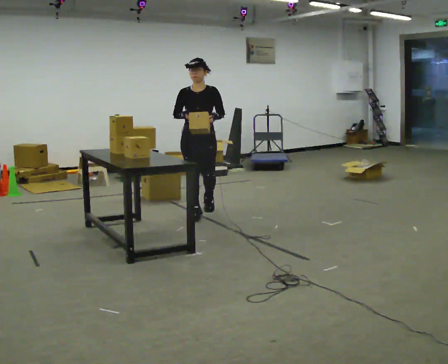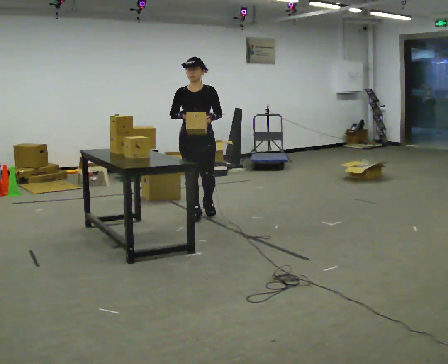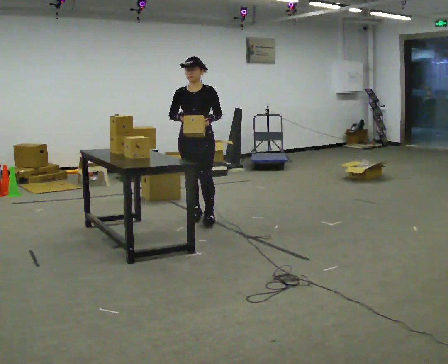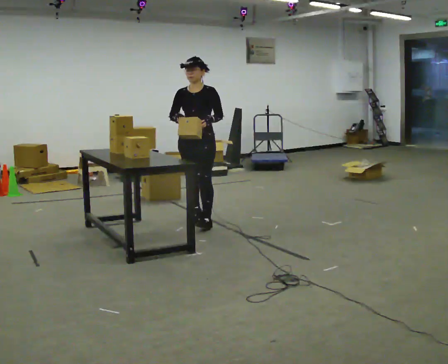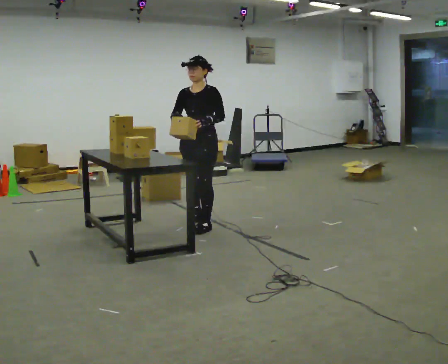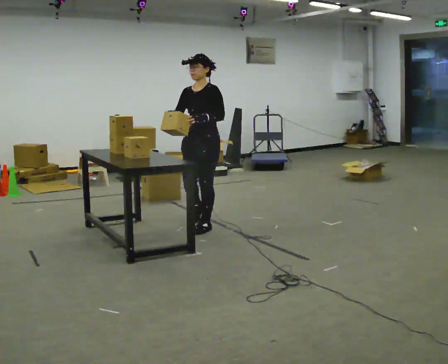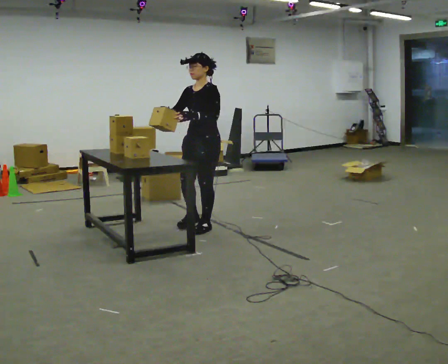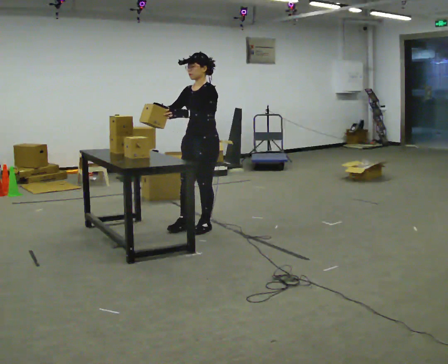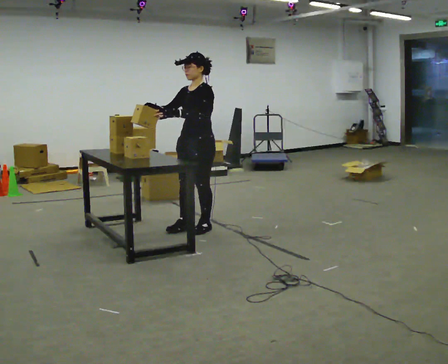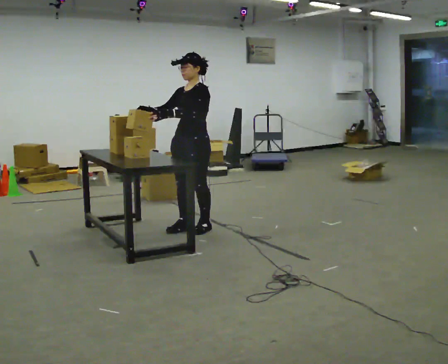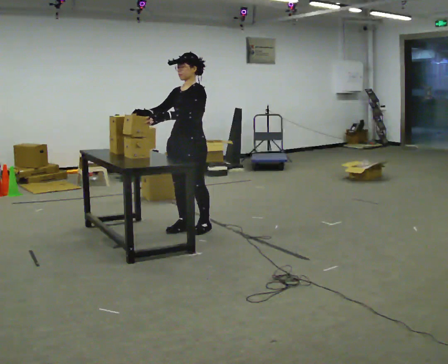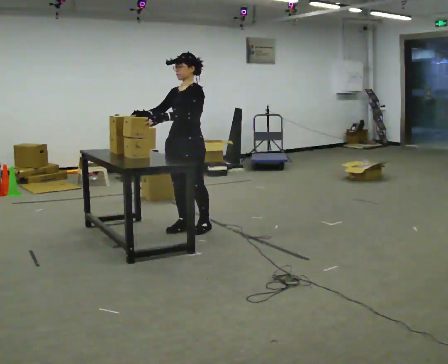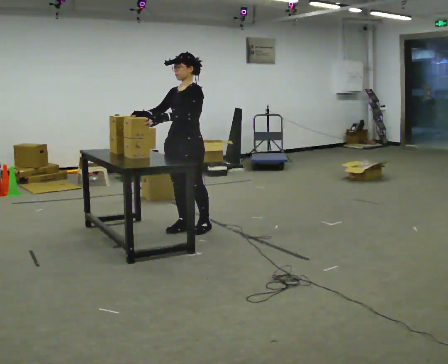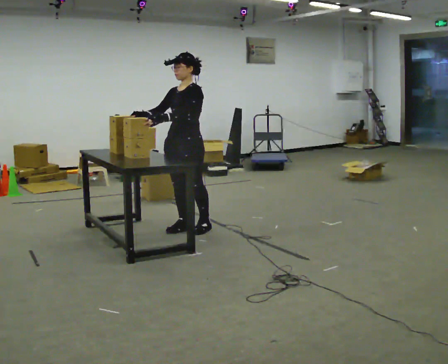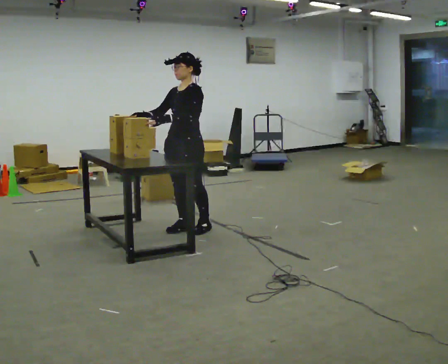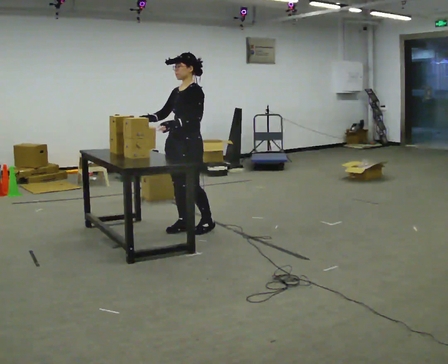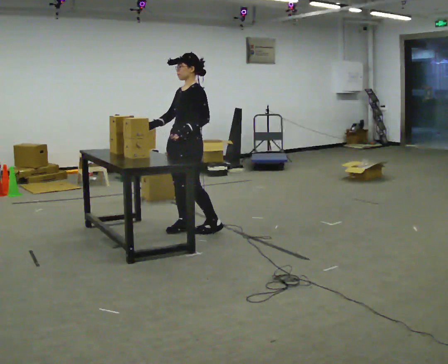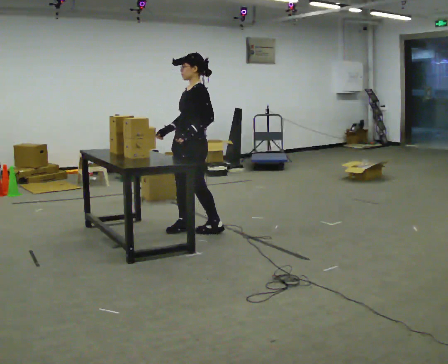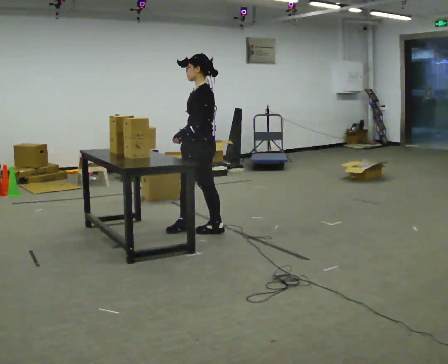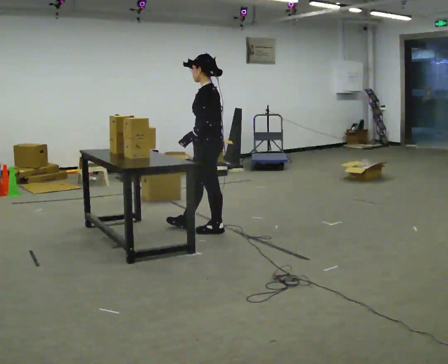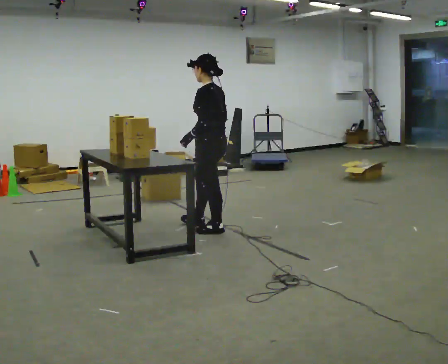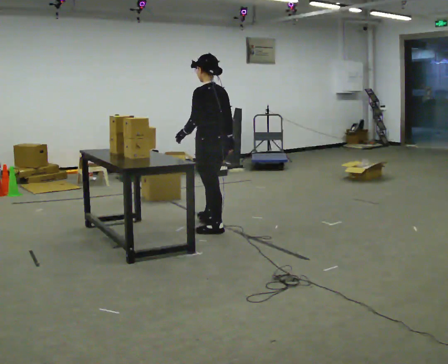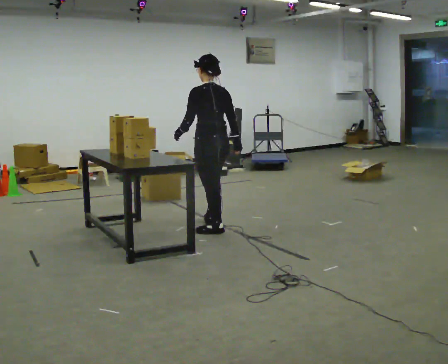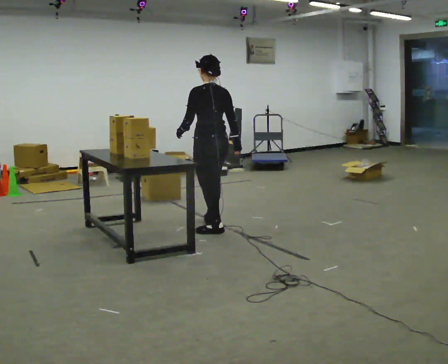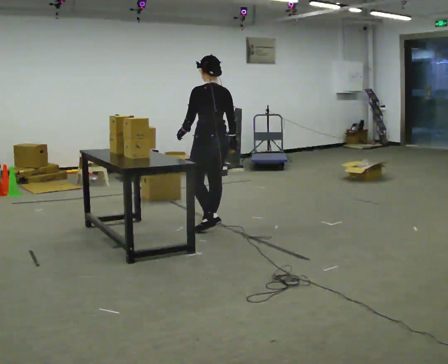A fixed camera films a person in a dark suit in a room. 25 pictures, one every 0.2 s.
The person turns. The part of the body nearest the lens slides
to the left.
The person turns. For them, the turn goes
to their right.
0.0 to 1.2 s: Seen from above the body turns clockwise, about 45 degrees: to their right, with its near side sliding to the left. In the picture they go toward the camera, about 0.5 m in 1 step, which for them is forward and to their left.
1.2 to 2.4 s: In the picture they go to the left, about 0.25 m in 1 step, which for them is forward.
2.4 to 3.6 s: Seen from above the body turns clockwise, about 30 degrees: to their right, with its near side sliding to the left. In the picture their right hand goes to the right.
3.6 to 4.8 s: Seen from above the body turns clockwise, about 75 degrees: to their right, with its near side sliding to the left. In the picture they go away from the camera, about 0.25 m in 1 step. In the picture their right hand goes to the right, the arm swinging counterclockwise.
The film runs forward here.
